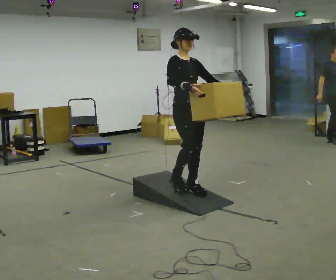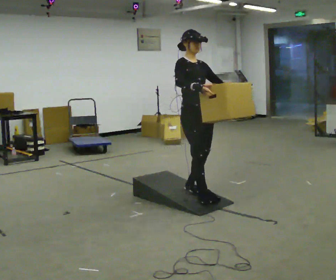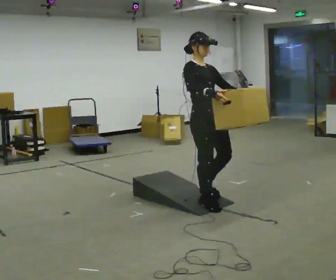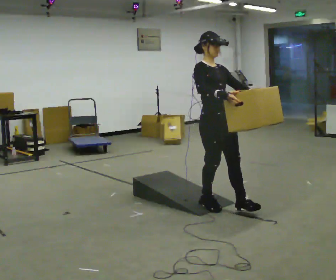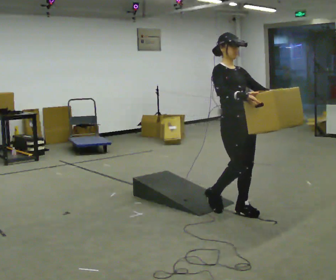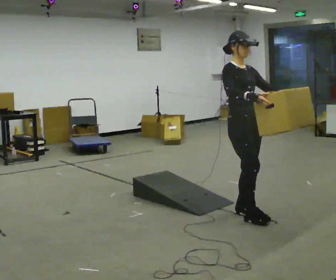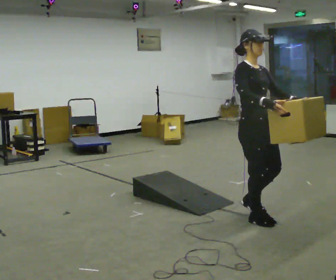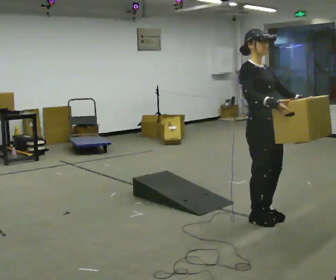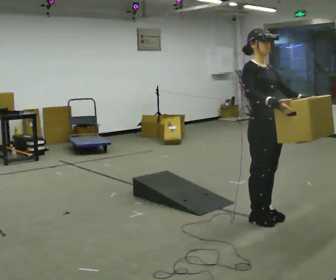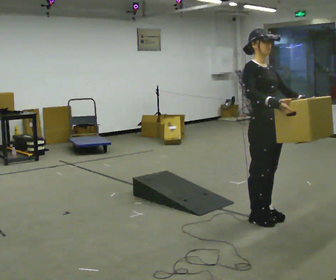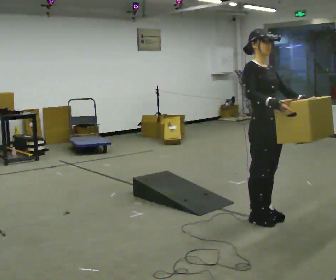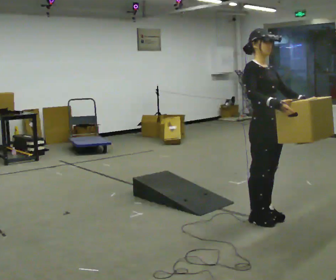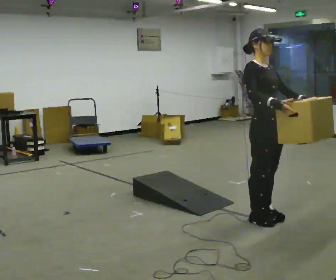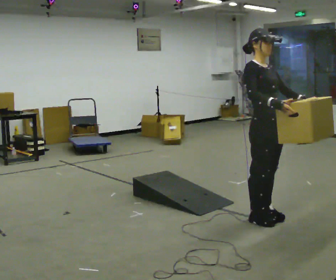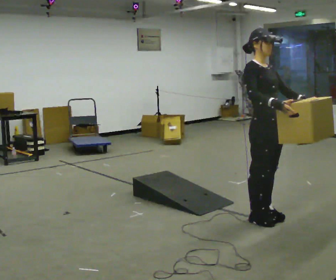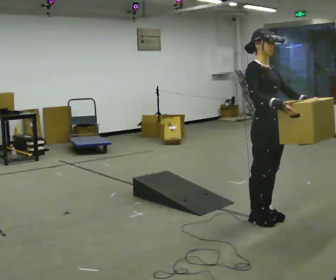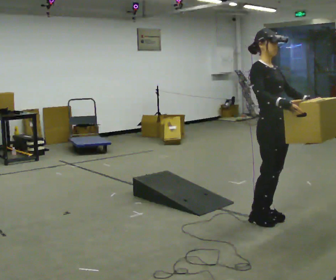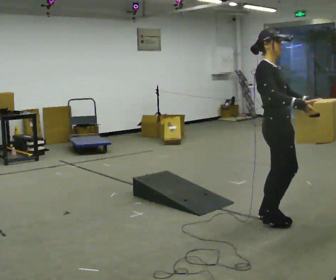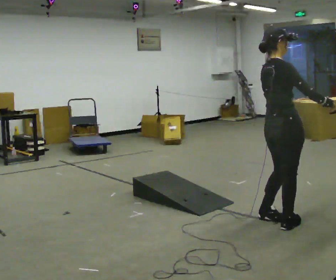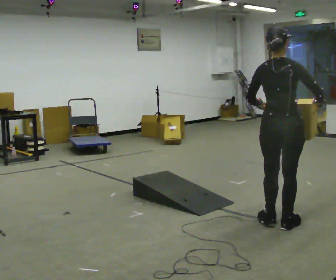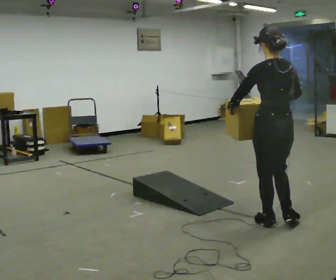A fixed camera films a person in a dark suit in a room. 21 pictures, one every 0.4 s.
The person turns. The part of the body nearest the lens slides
to the right.
The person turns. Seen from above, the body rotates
counterclockwise.
0.0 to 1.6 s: In the picture they go toward the camera and to the right, about 0.75 m in 2 steps, which for them is forward.
1.6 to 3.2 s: In the picture they go toward the camera and to the right, about 0.25 m in 2 steps, which for them is forward.
3.2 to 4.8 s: The person keeps their place and pose.
4.8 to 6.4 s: The person moves a little, or ends about where they began.
6.4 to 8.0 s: Seen from above the body turns counterclockwise, about 165 degrees: to their left, with its near side sliding to the right. In the picture the upper body tilts clockwise, shoulders to the right.
The film runs forward here.
